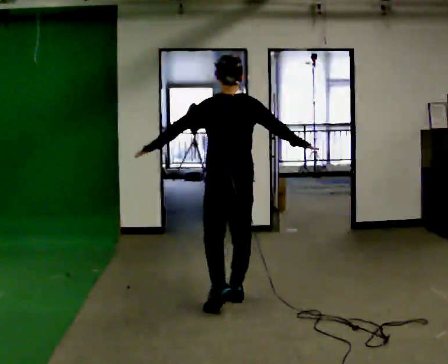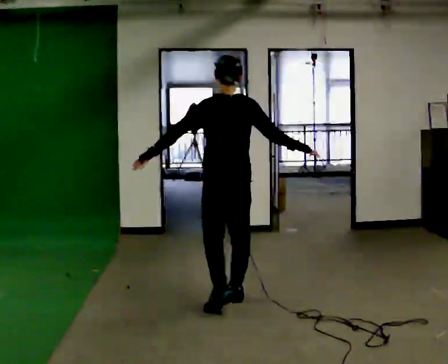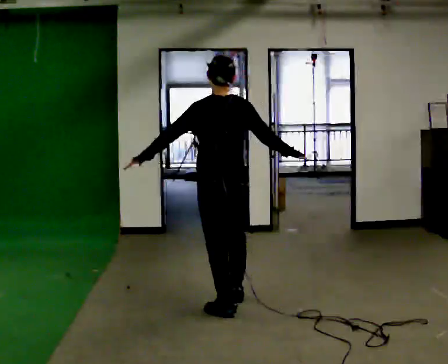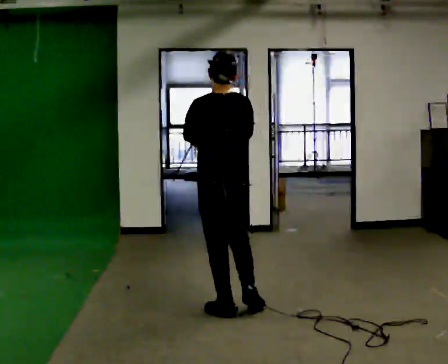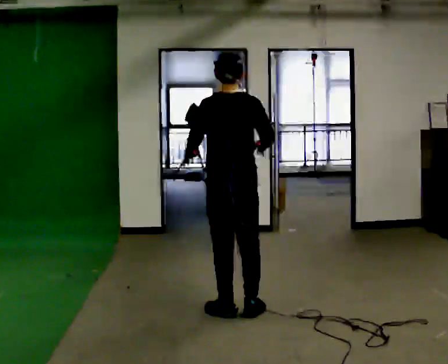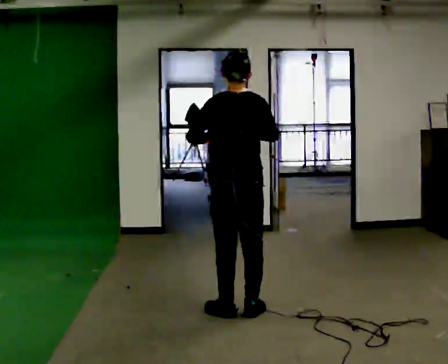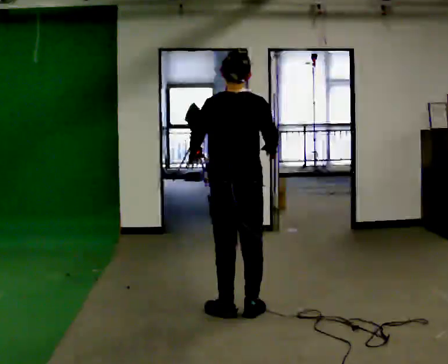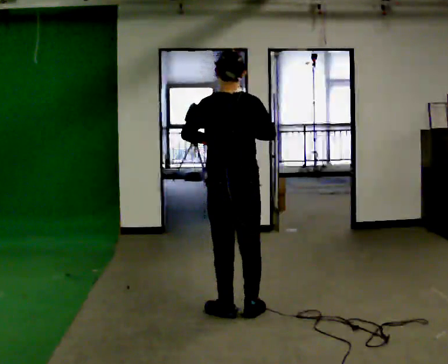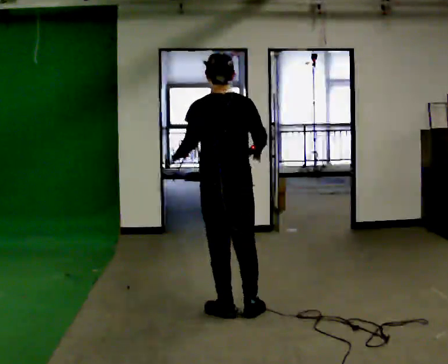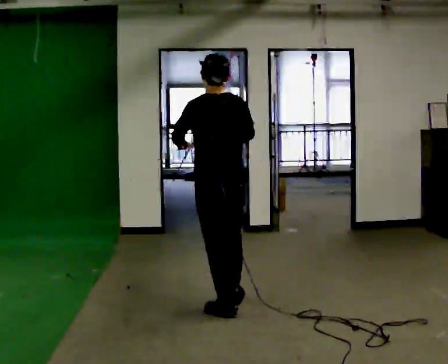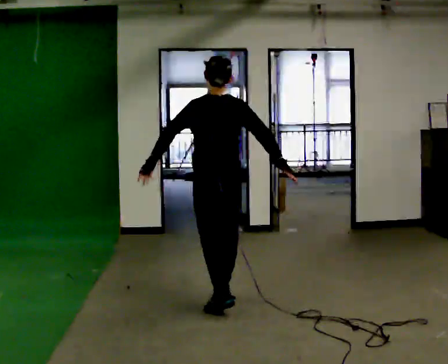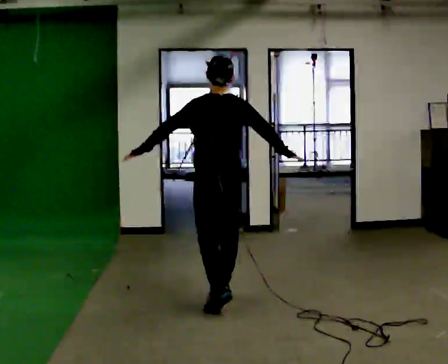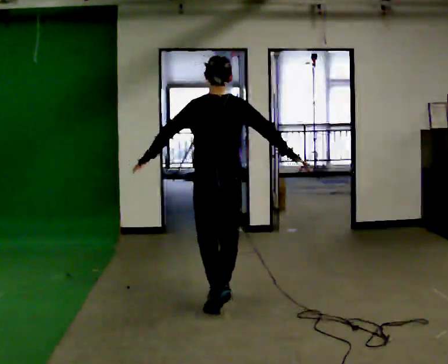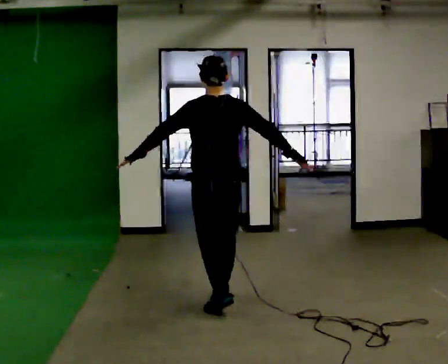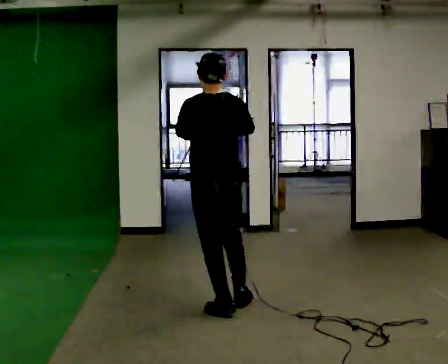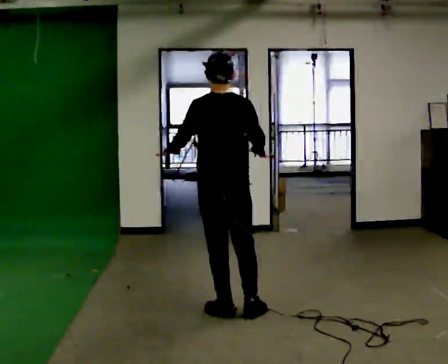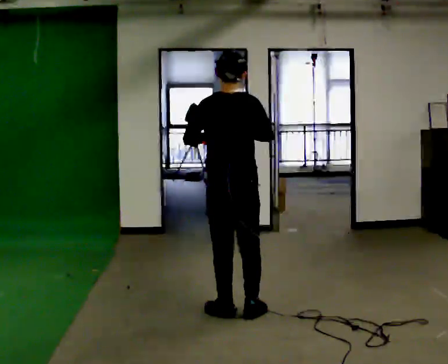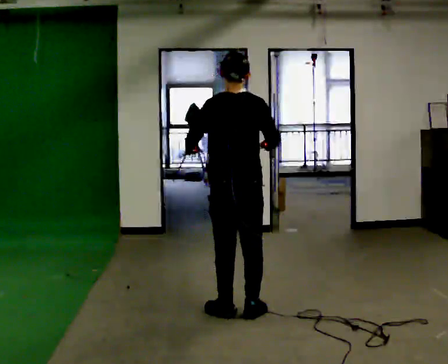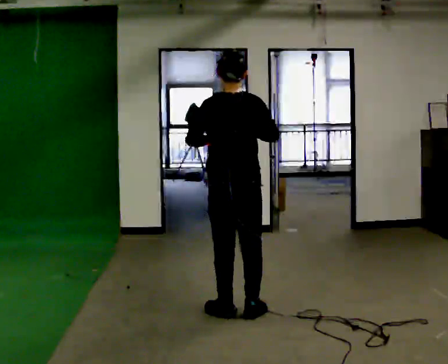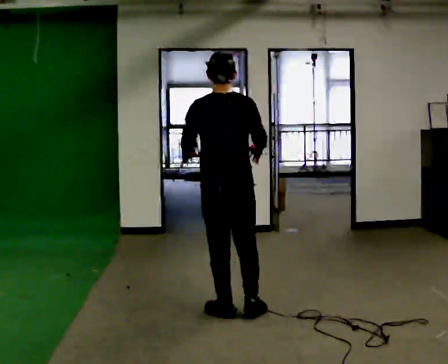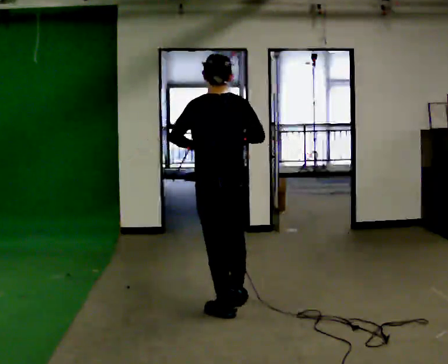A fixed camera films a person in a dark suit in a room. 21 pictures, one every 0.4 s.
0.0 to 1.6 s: In the picture they go toward the camera, about 0.25 m in 1 step, which for them is backward and to their left.
1.6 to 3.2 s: The person moves a little, or ends about where they began.
3.2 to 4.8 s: In the picture they go away from the camera, about 0.25 m in 1 step, which for them is forward.
4.8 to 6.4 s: In the picture they go toward the camera, about 0.25 m in 1 step, which for them is backward.
6.4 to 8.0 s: The person moves a little, or ends about where they began.
The film runs backward here.
